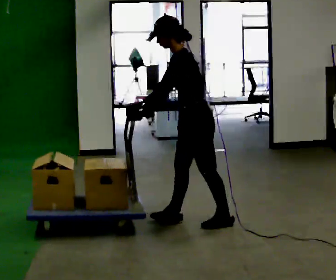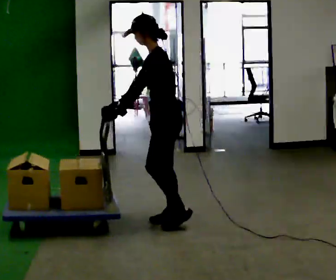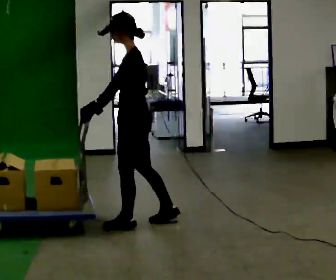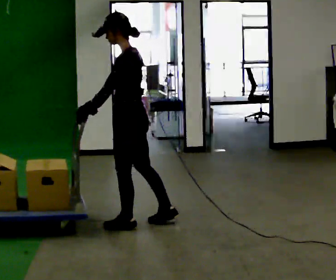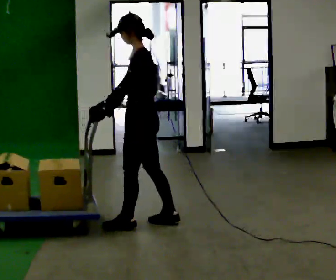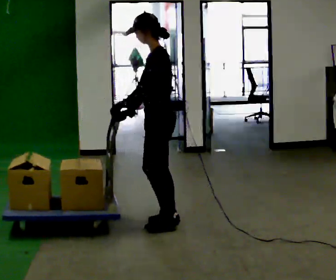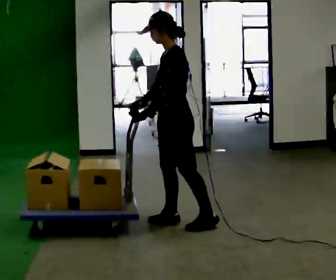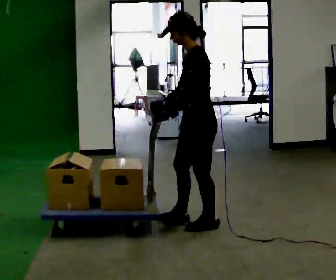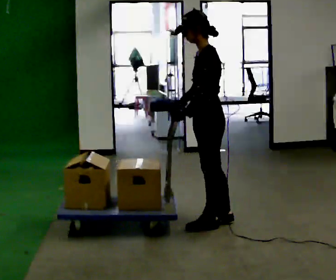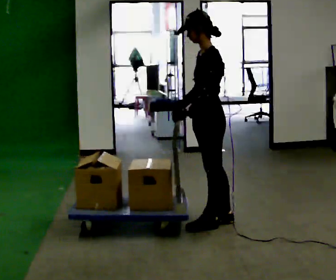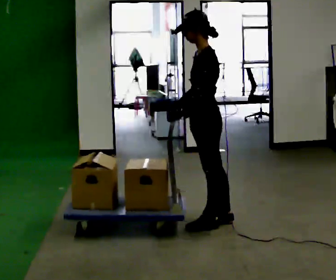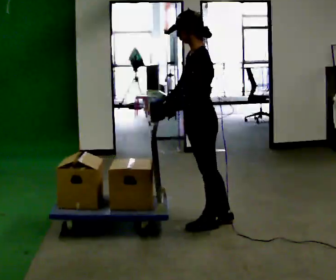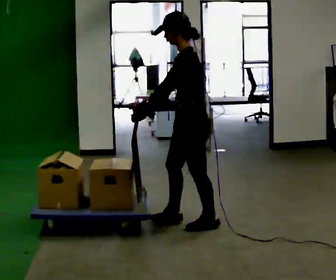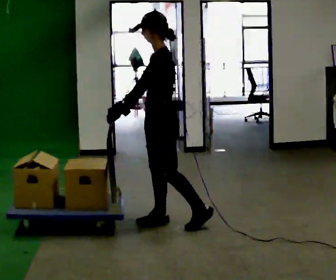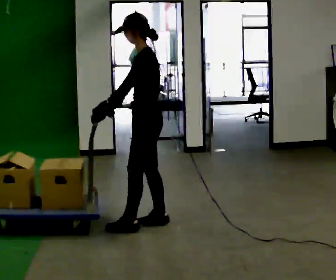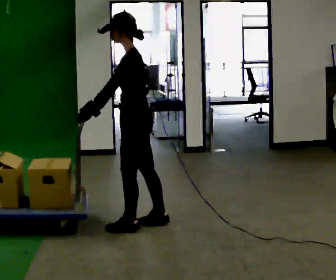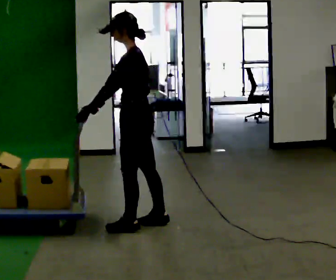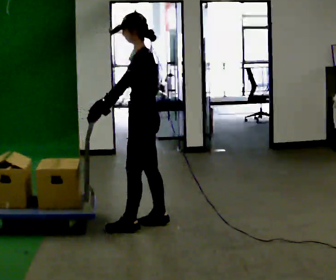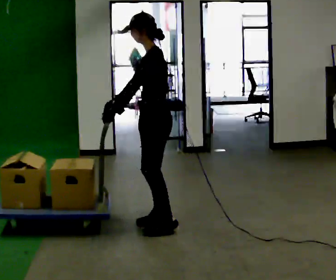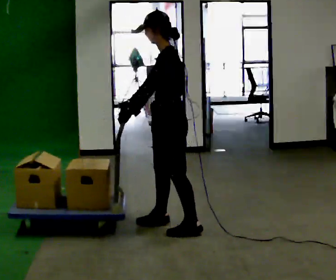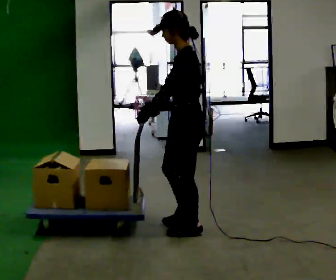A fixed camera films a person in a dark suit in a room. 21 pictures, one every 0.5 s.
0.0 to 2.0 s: In the picture they go to the left, about 0.5 m in 2 steps, which for them is forward. In the picture the upper body tilts clockwise, shoulders to the right, as they lean back or straighten.
2.0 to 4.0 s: In the picture they go to the right, about 0.5 m in 2 steps, which for them is backward.
4.0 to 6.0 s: The person moves a little, or ends about where they began.
6.0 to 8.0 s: In the picture they go to the left, about 0.5 m in 2 steps, which for them is forward.
8.0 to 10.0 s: In the picture they go to the right, about 0.5 m in 1 step, which for them is backward and to their left.
The film runs forward here.
